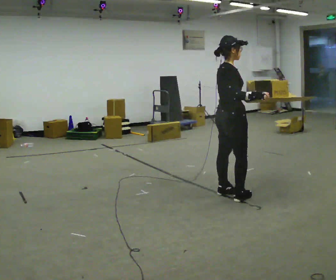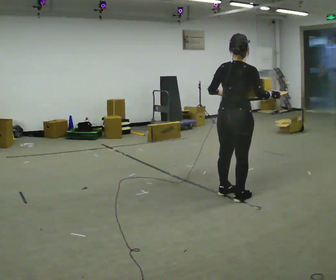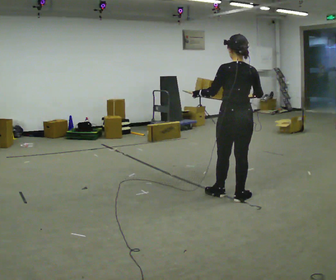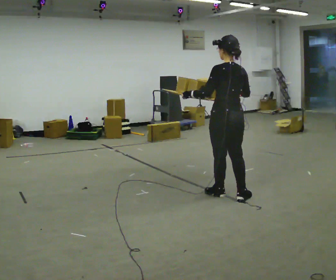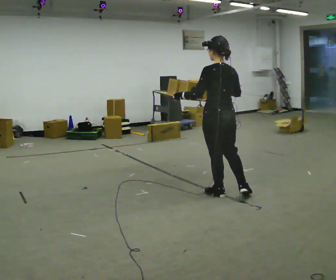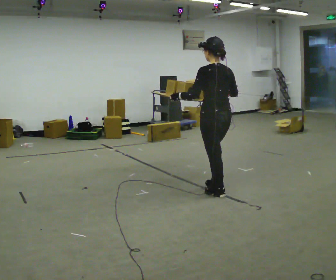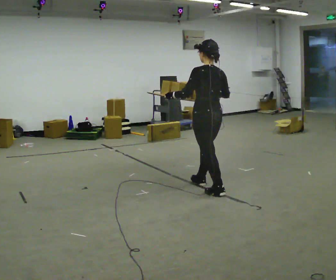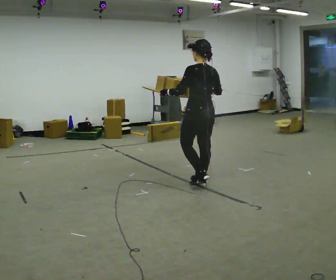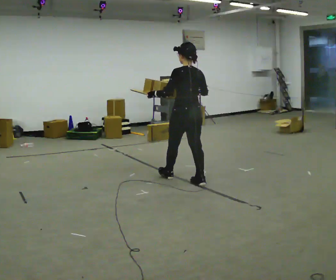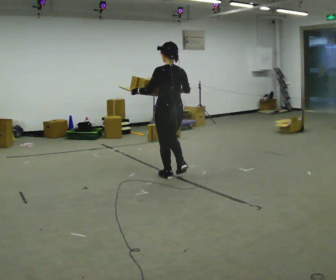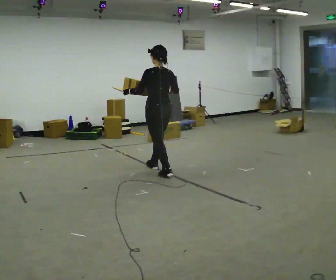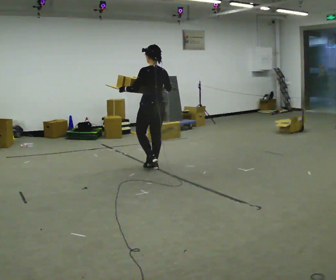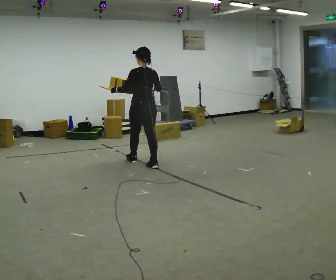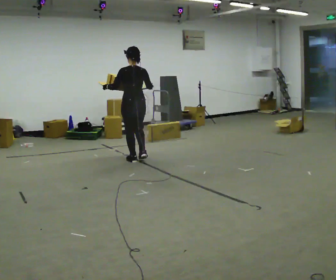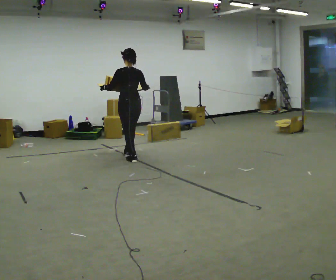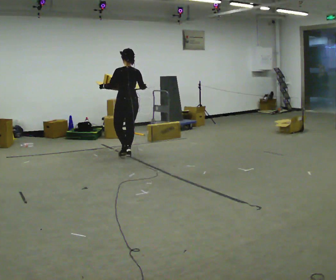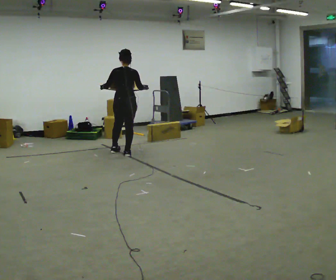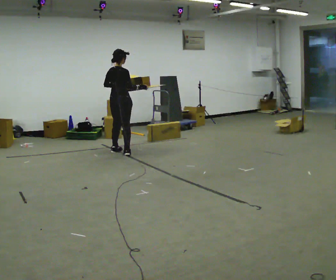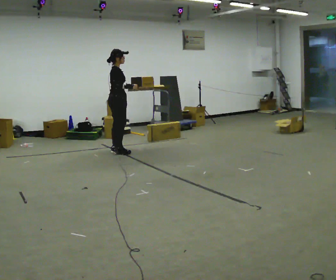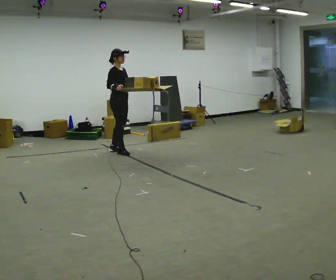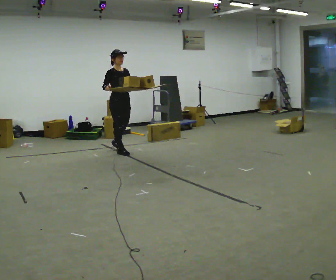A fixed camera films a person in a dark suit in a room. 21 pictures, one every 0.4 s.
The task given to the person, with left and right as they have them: Carry the loaded tray flat and level in both hands, walking back and forth across the room. Try not to let anything slide off.
0.0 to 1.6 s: The person turns about 105 degrees to their left, counterclockwise seen from above, so the part of the body nearest the lens slides to the right.
1.6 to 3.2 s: In the picture they go away from the camera and to the left, about 0.75 m in 2 steps, which for them is forward.
3.2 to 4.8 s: In the picture they go away from the camera and to the left, about 1 m in 2 steps, which for them is forward.
4.8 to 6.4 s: In the picture they go away from the camera and to the left, about 0.5 m in 1 step, which for them is forward.
6.4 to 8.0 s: Seen from above the body turns clockwise, about 135 degrees: to their right, with its near side sliding to the left. In the picture their left hand goes to the right.
The film runs forward here.
